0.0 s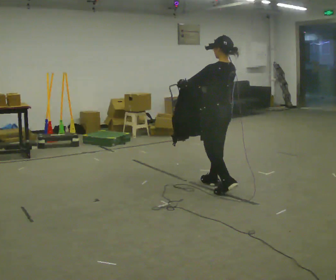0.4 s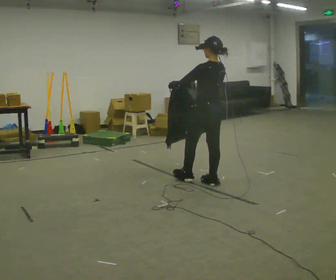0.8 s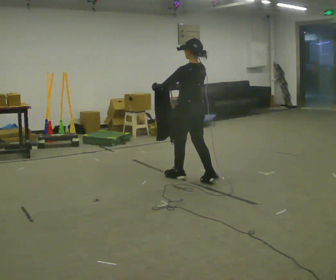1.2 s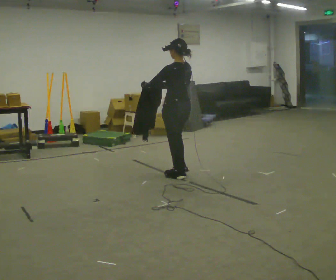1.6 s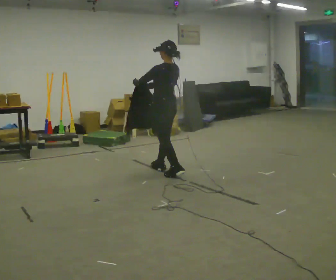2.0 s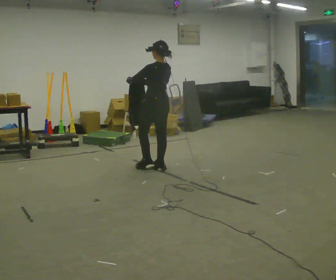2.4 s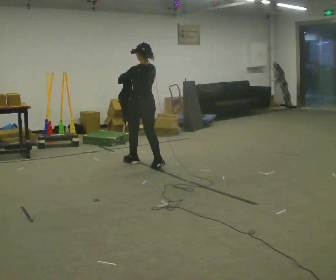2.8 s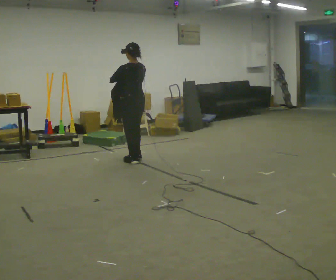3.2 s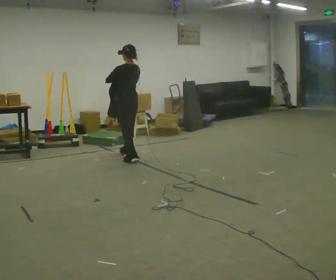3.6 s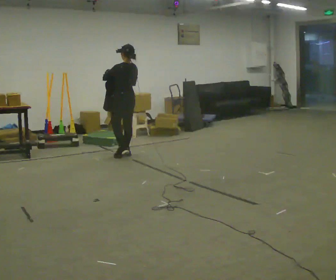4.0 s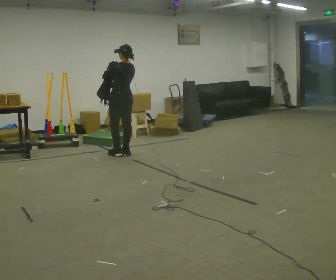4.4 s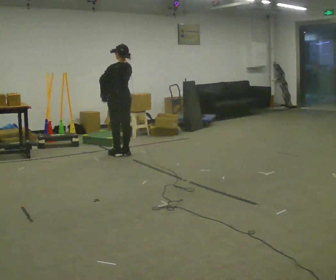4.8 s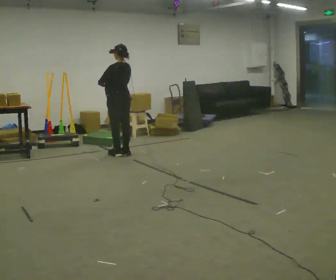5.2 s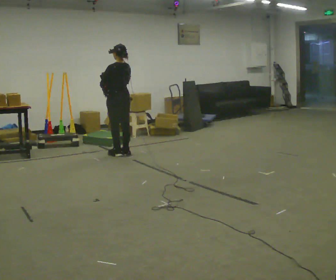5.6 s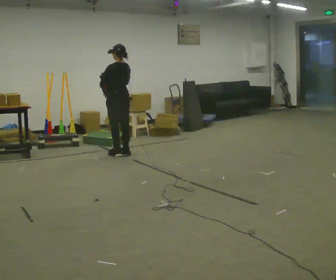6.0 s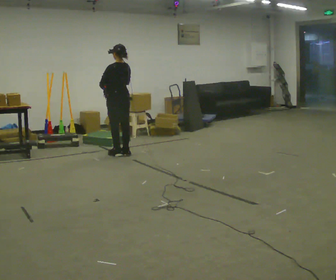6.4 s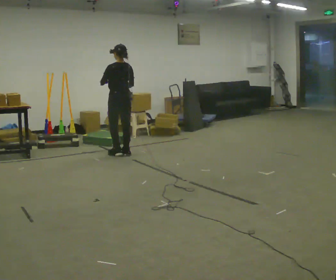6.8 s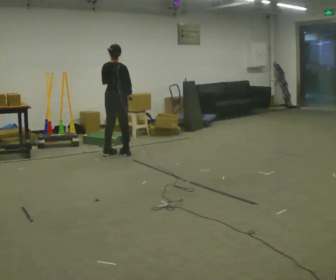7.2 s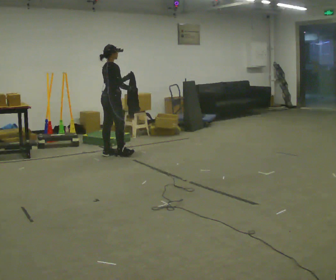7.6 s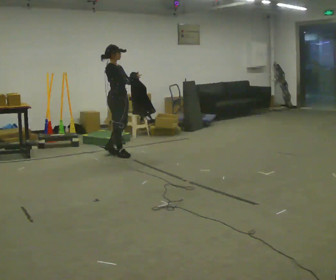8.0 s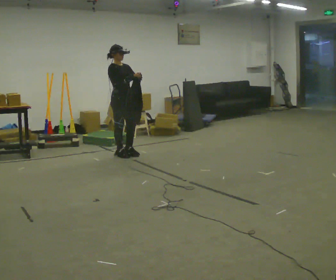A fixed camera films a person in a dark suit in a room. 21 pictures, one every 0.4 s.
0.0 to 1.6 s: In the picture they go away from the camera and to the left, about 1 m in 2 steps, which for them is forward.
1.6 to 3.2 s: In the picture they go away from the camera and to the left, about 1 m in 2 steps, which for them is forward.
3.2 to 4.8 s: In the picture they go away from the camera, about 0.25 m in 1 step, which for them is forward.
4.8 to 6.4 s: The person moves a little, or ends about where they began.
6.4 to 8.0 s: Seen from above the body turns clockwise, about 150 degrees: to their right, with its near side sliding to the left. In the picture they go toward the camera, about 0.25 m in 2 steps. In the picture their left hand goes to the right.
The film runs forward here.
